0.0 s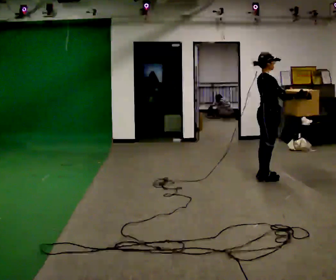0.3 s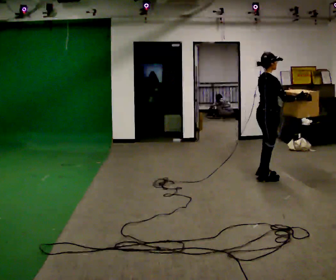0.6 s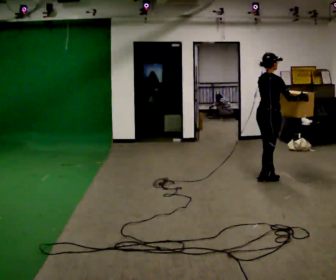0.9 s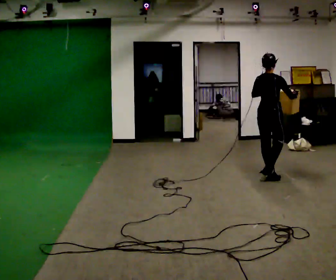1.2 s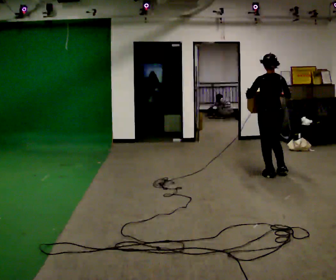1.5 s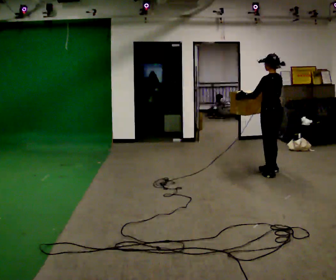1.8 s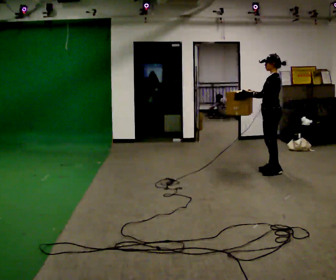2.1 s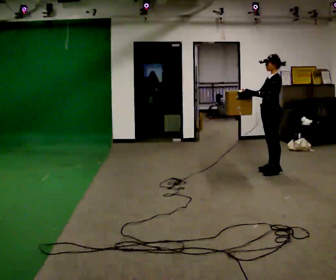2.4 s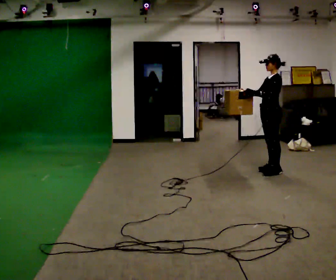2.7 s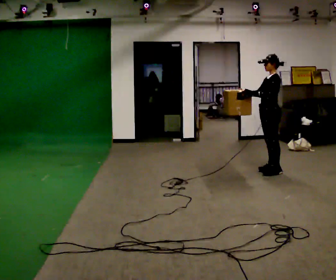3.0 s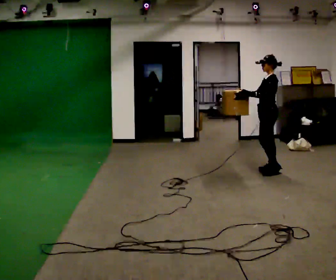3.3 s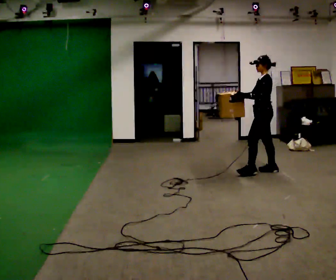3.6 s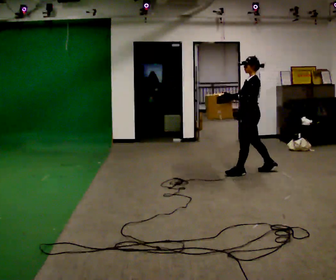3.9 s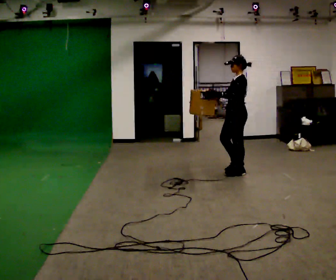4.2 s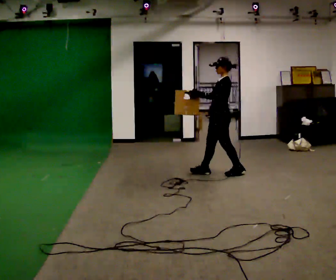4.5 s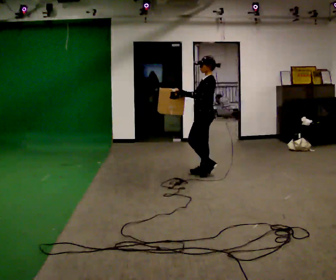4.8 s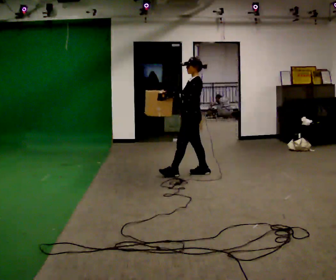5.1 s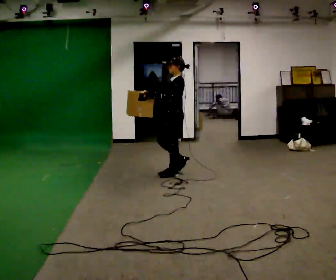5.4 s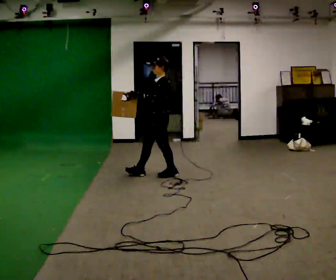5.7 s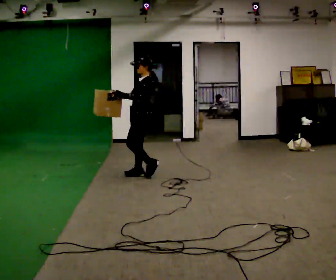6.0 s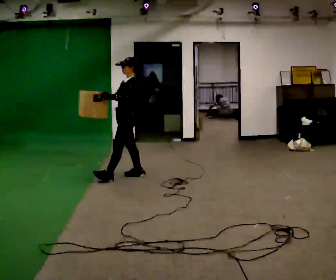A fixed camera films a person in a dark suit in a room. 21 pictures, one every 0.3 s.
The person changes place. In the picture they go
to the left.
The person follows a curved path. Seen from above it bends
counterclockwise.
0.0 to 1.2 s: Seen from above the body turns counterclockwise, about 90 degrees: to their left, with its near side sliding to the right. In the picture they go away from the camera, about 0.25 m.
1.2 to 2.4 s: Seen from above the body turns counterclockwise, about 75 degrees: to their left, with its near side sliding to the right. In the picture they go away from the camera, about 0.25 m in 2 steps. In the picture their right hand goes to the left.
2.4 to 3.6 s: In the picture they go to the left, about 0.25 m in 1 step, which for them is forward.
3.6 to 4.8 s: In the picture they go to the left, about 1 m in 2 steps, which for them is forward.
4.8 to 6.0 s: In the picture they go to the left and toward the camera, about 1 m in 1 step, which for them is forward.
The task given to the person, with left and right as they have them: Carry the box in both hands and walk back and forth across the room. The contents may move around. Carry on as best you can.
The film runs forward here.
